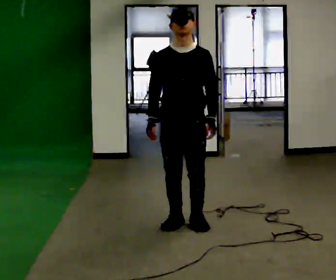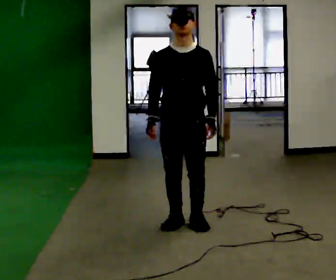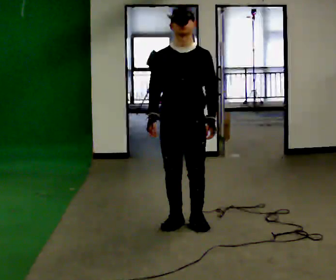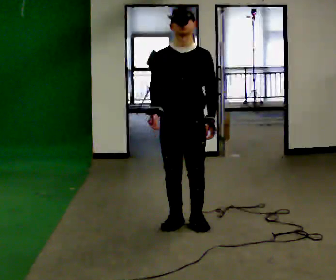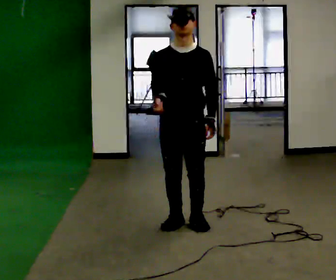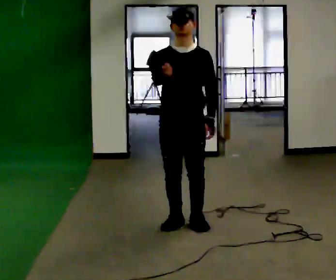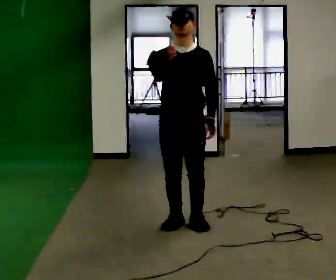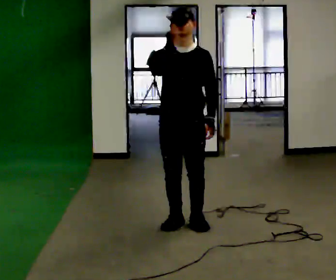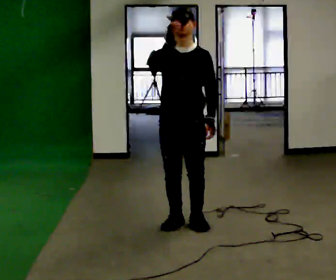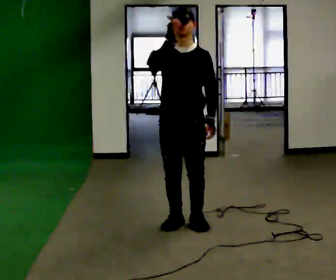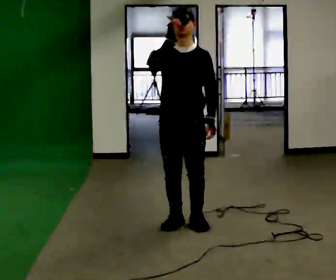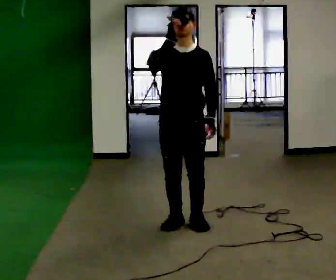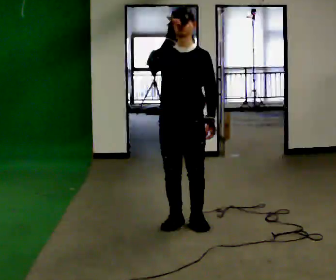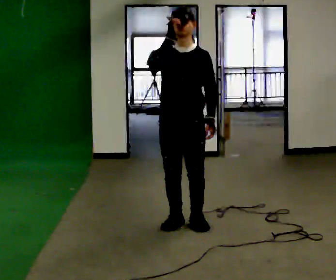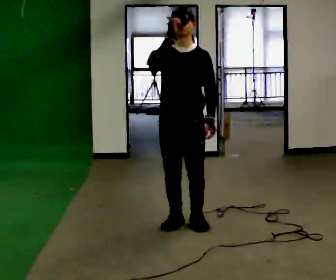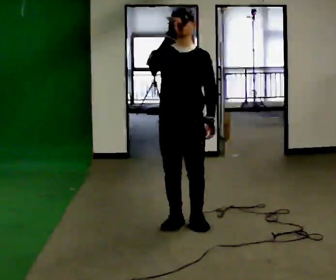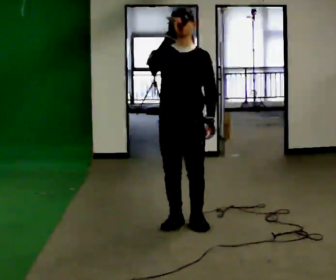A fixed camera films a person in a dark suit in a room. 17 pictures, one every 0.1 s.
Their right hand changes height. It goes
upward.
0.0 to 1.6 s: In the picture their right hand goes upward.
The film runs forward here.
